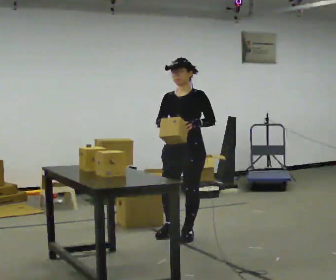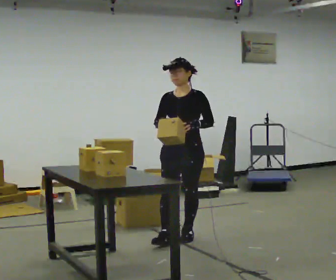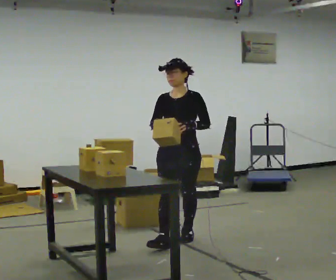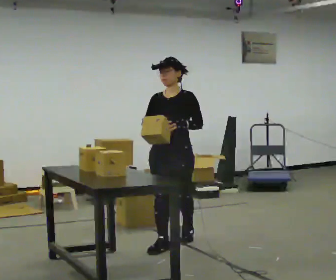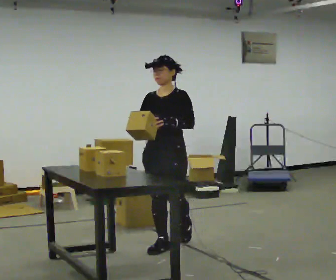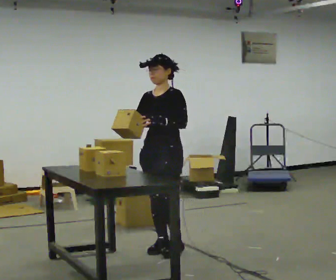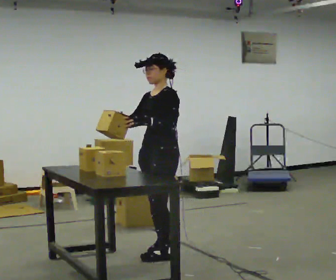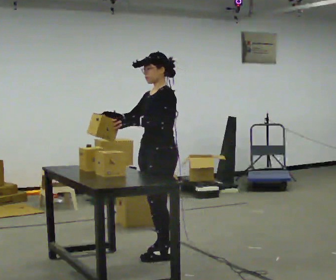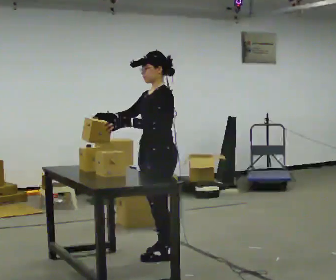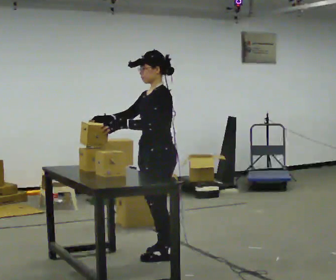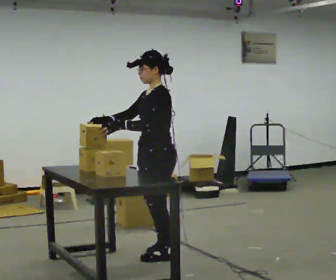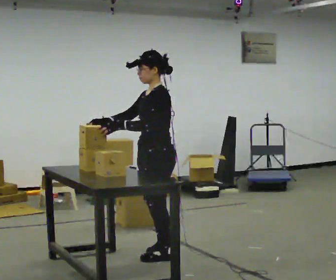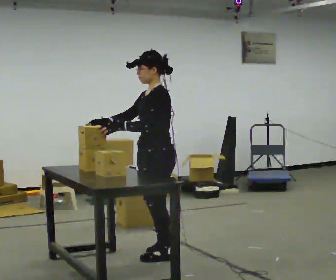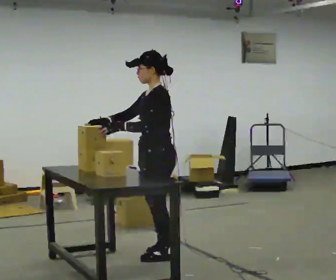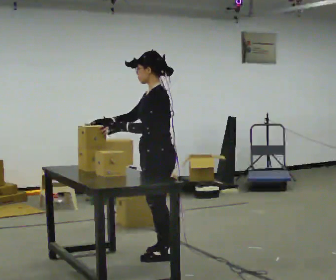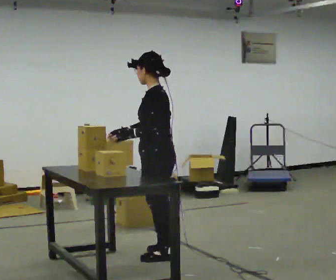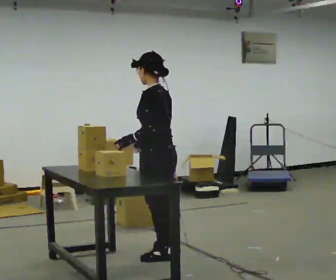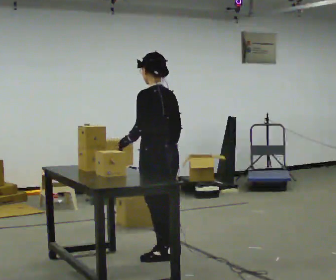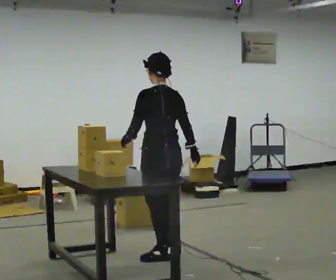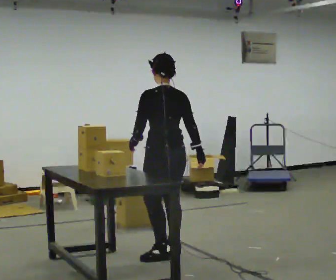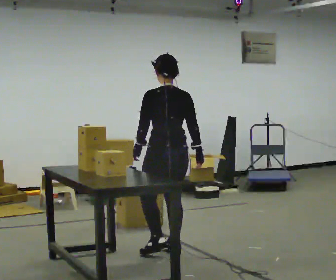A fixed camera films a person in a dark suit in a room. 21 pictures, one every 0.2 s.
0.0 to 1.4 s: The part of the body nearest the lens slides to the left as the person turns to their right by about 45 degrees. In the picture they go toward the camera, about 0.5 m in 2 steps, which for them is forward.
1.4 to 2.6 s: The person moves a little, or ends about where they began.
2.6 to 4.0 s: Seen from above the body turns clockwise, about 75 degrees: to their right, with its near side sliding to the left. In the picture they go away from the camera, about 0.25 m. In the picture their right hand goes to the right, the arm swinging counterclockwise.
The film runs forward here.
